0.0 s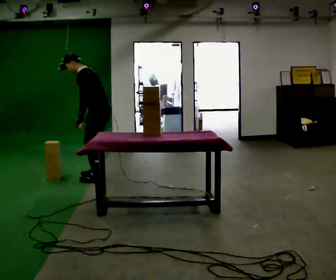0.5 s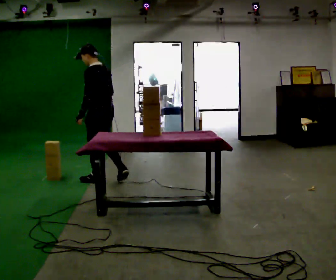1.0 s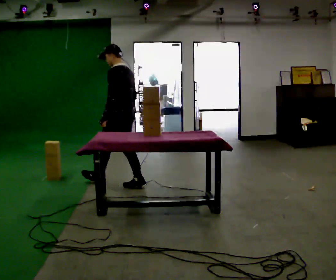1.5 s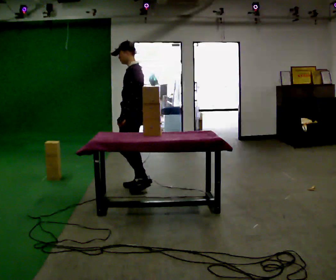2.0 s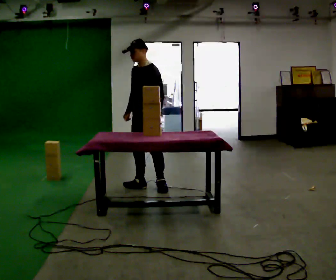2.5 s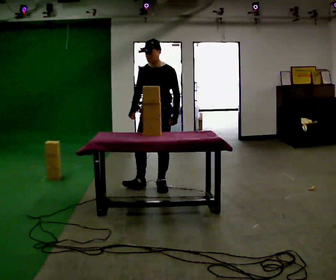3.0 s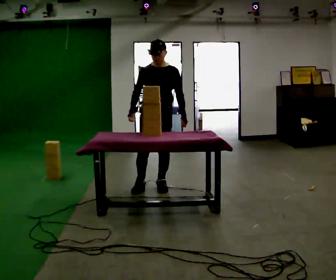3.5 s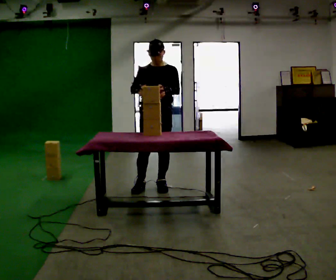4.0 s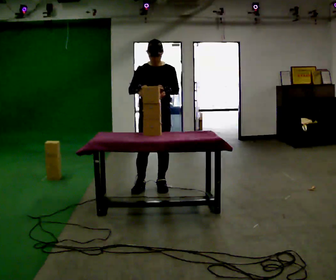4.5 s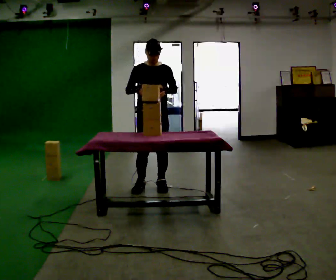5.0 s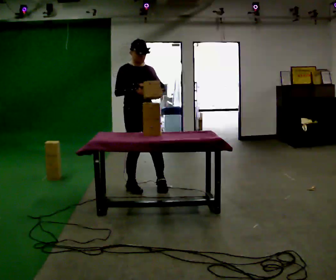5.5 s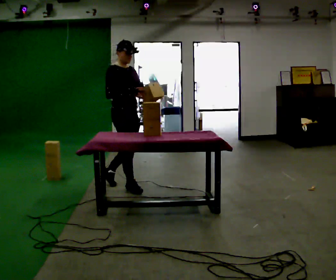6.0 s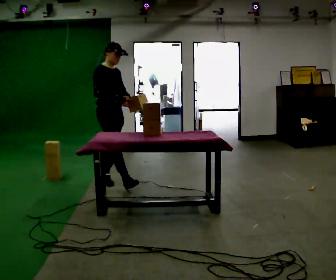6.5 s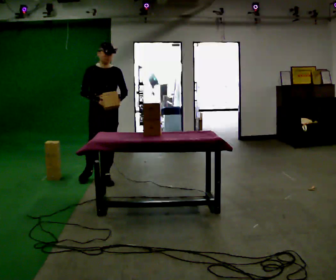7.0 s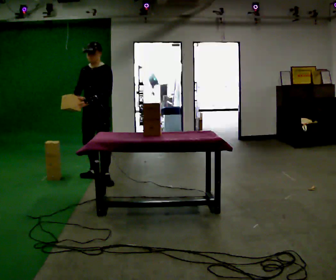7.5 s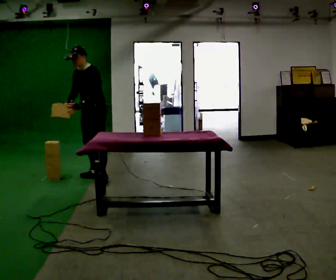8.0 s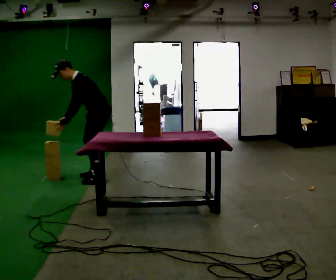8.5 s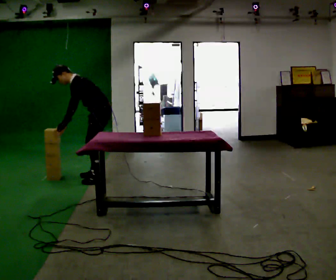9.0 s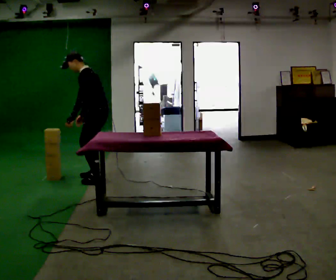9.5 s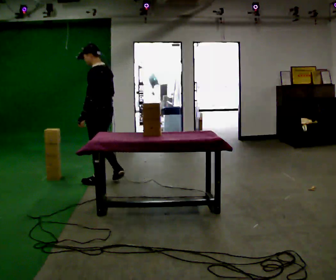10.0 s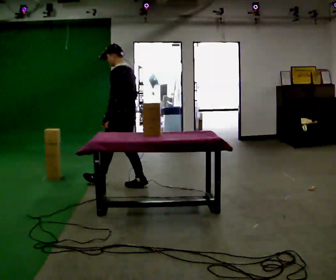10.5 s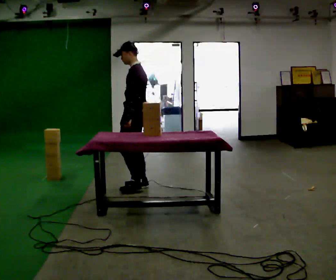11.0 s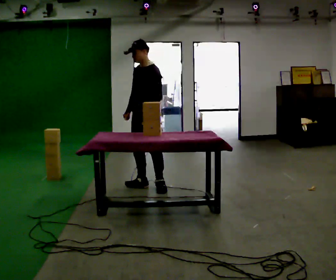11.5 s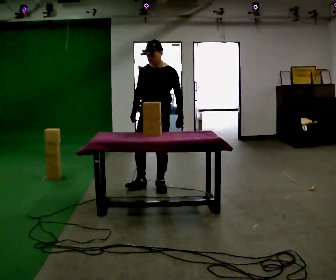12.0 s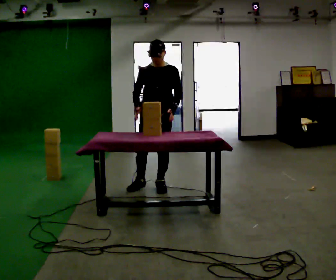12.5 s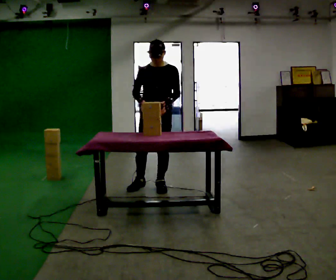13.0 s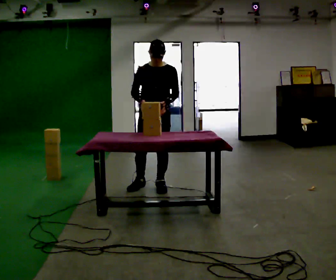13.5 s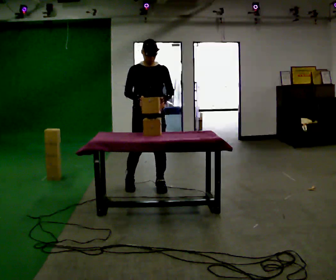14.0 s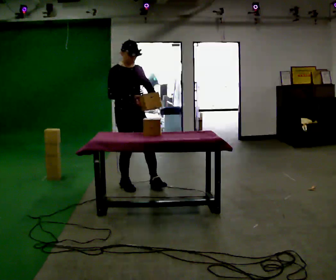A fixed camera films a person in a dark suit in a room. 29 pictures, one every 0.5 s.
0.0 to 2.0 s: Seen from above the body turns counterclockwise, about 45 degrees: to their left, with its near side sliding to the right. In the picture they go to the right and toward the camera, about 0.75 m in 2 steps. In the picture the upper body tilts clockwise, shoulders to the right.
2.0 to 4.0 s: Seen from above the body turns counterclockwise, about 45 degrees: to their left, with its near side sliding to the right.
4.0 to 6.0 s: The person turns about 60 degrees to their left, counterclockwise seen from above, so the part of the body nearest the lens slides to the right. In the picture they go to the left and away from the camera, about 0.5 m in 3 steps.
6.0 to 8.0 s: The person turns about 120 degrees to their right, clockwise seen from above, so the part of the body nearest the lens slides to the left. In the picture they go away from the camera, about 0.25 m. In the picture the upper body tilts counterclockwise, shoulders to the left, as they bend forward.
8.0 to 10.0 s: Seen from above the body turns clockwise, about 45 degrees: to their right, with its near side sliding to the left. In the picture they go toward the camera and to the right, about 0.5 m in 1 step, which for them is backward and to their left.
10.0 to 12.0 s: The part of the body nearest the lens slides to the right as the person turns to their left by about 105 degrees. In the picture they go to the right and toward the camera, about 0.5 m in 1 step.
12.0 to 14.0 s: Seen from above the body turns counterclockwise, about 45 degrees: to their left, with its near side sliding to the right. In the picture they go to the left, about 0.25 m in 2 steps, which for them is to their right.
The film runs backward here.
